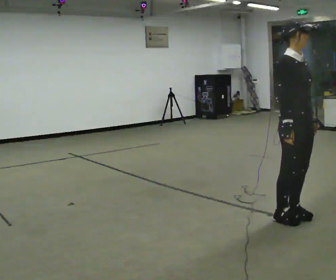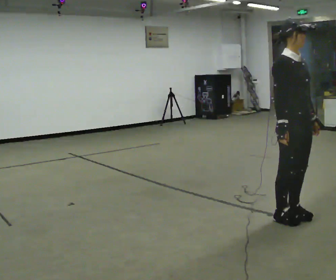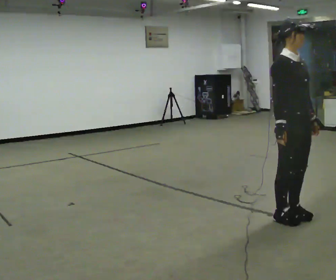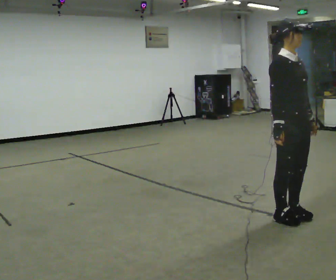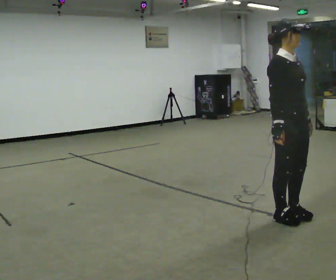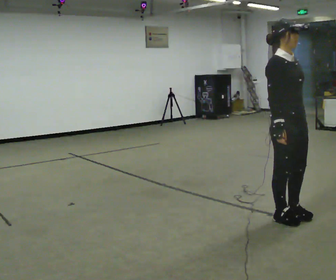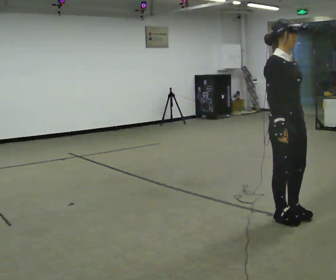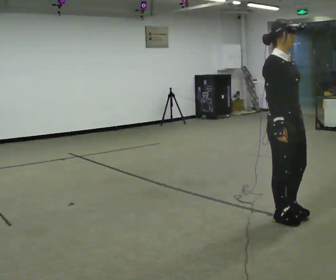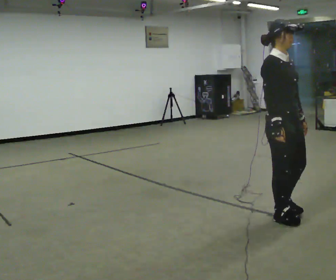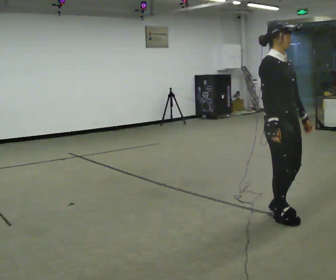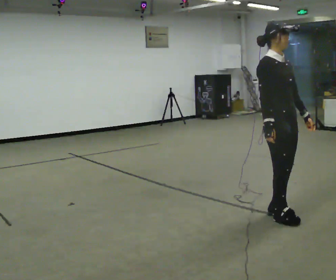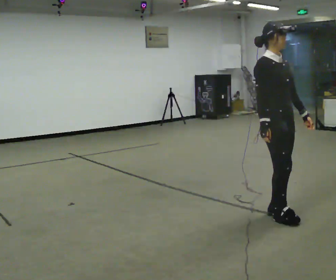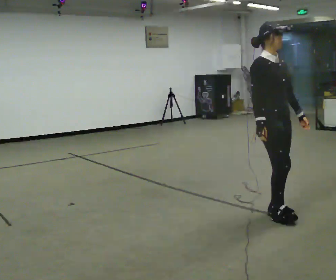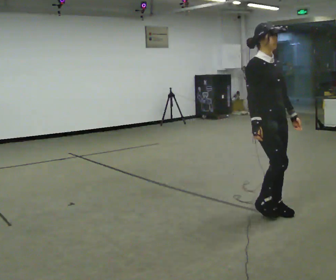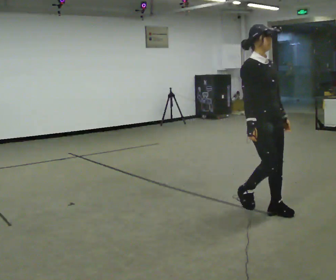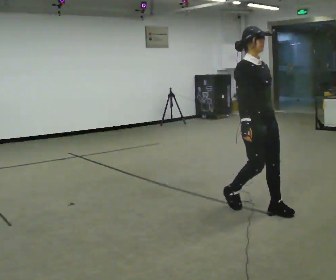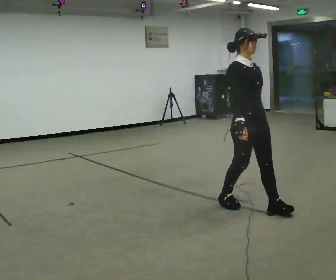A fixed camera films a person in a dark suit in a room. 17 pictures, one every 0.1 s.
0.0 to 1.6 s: In the picture they go to the left and away from the camera, about 0.5 m in 2 steps, which for them is backward.
The film runs backward here.
